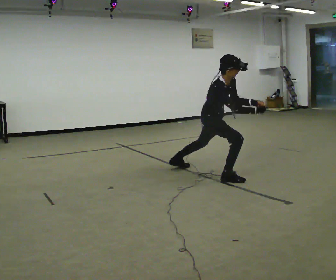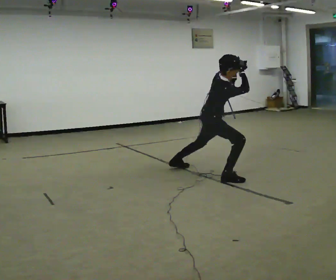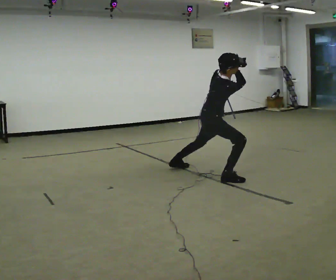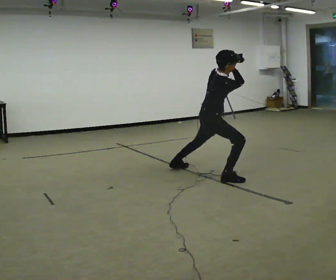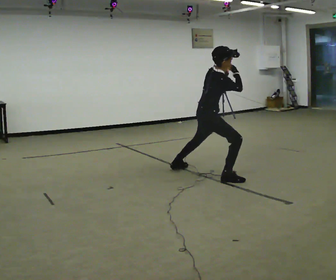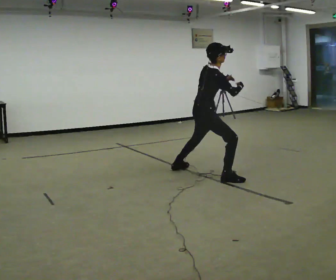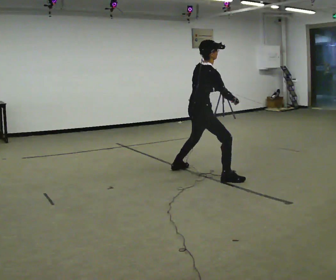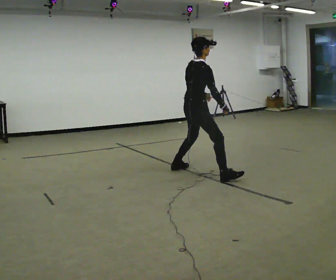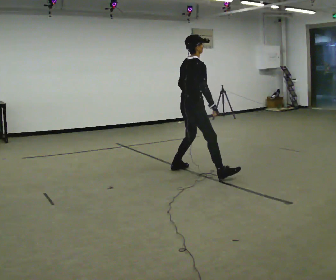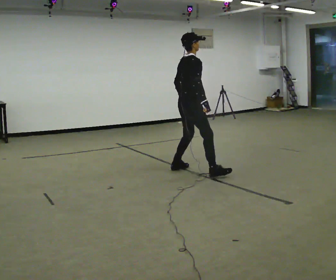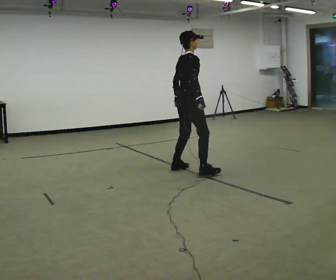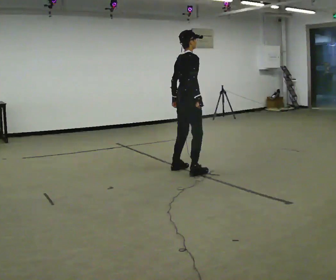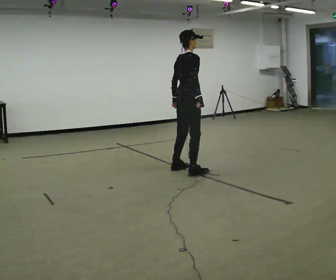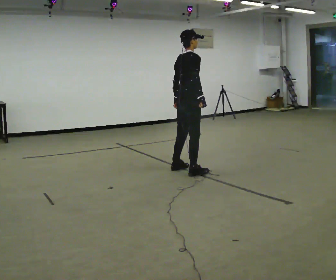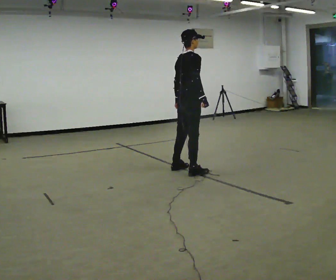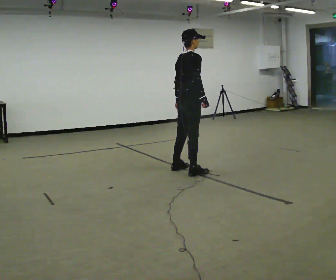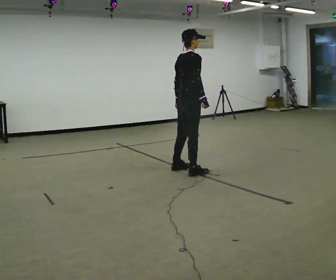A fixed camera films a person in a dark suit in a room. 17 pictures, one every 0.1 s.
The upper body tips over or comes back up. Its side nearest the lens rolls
upward.
The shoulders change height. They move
upward.
0.0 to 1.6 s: The part of the body nearest the lens slides to the right as the person turns to their left by about 60 degrees. In the picture they go to the left and away from the camera, about 0.25 m in 1 step, which for them is to their left and backward. The upper body goes upward. The upper body tips away from the camera, its near side rolling upward, as they lean back or straighten.
The film runs forward here.
